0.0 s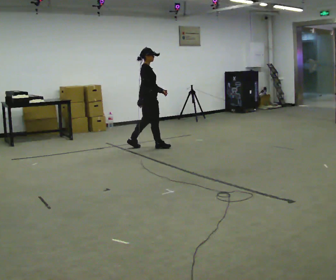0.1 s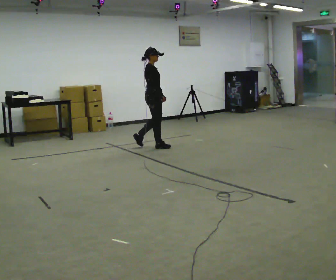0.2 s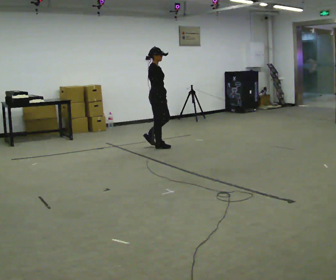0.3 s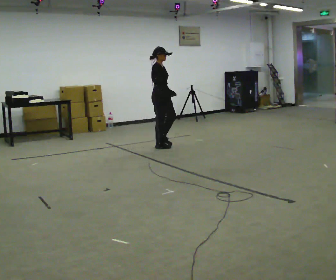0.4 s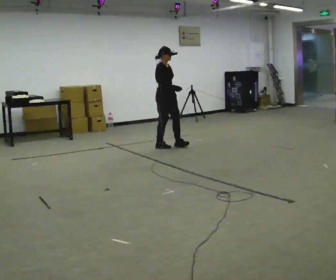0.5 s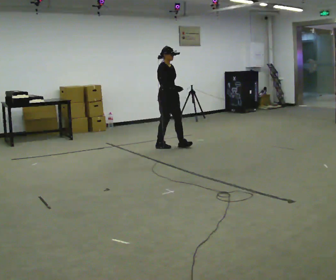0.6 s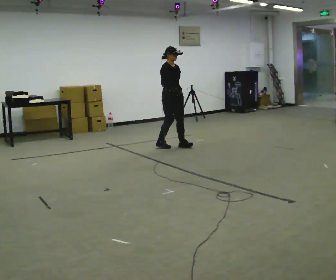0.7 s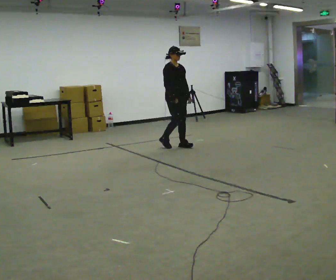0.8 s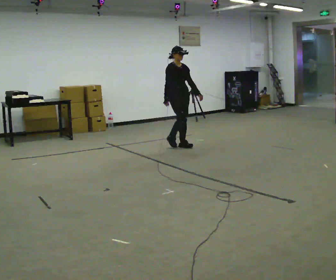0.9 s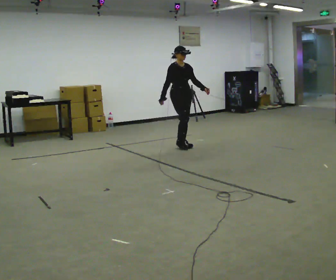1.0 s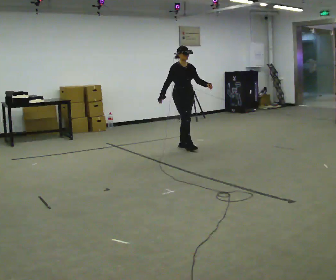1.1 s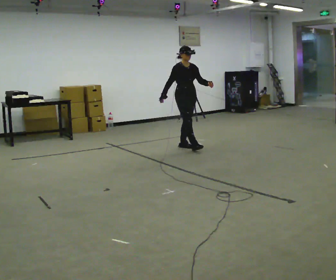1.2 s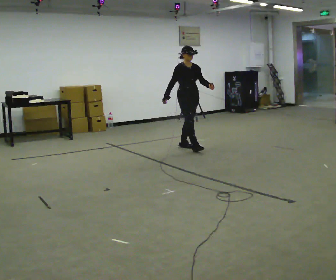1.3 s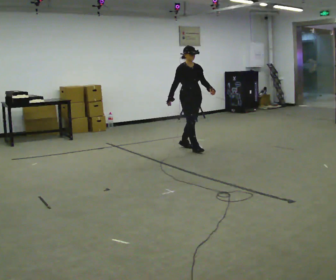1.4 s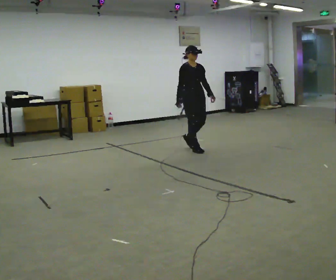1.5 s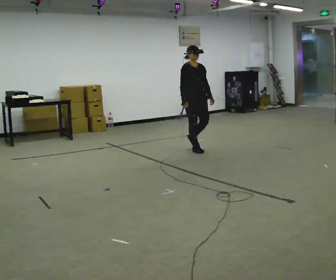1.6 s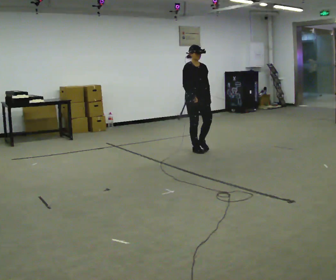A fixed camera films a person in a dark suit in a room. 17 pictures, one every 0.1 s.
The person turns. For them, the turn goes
to their right.
The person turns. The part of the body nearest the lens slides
to the left.
0.0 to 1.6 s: The part of the body nearest the lens slides to the left as the person turns to their right by about 75 degrees. In the picture they go to the right and toward the camera, about 1 m in 2 steps.
The film runs forward here.
